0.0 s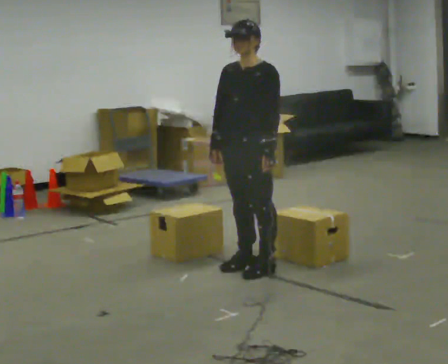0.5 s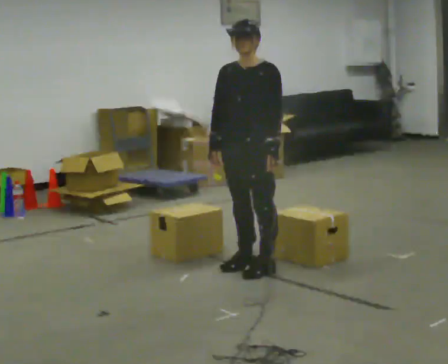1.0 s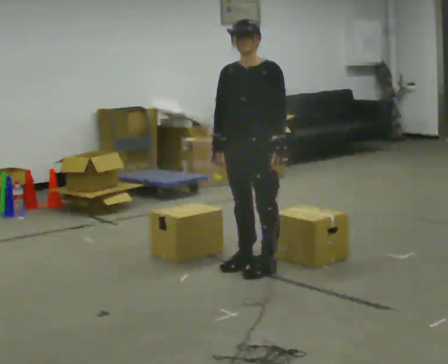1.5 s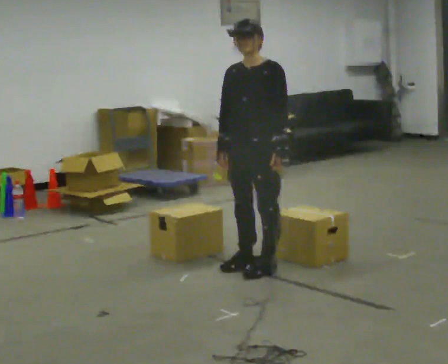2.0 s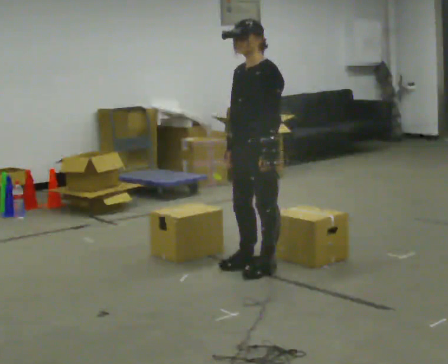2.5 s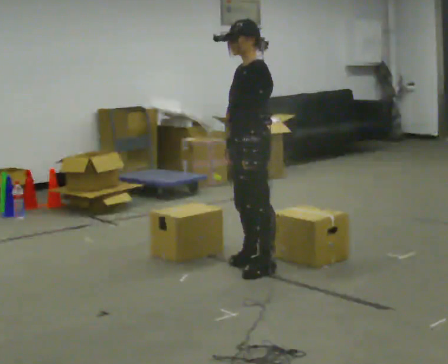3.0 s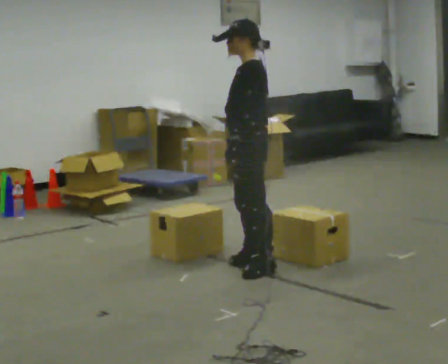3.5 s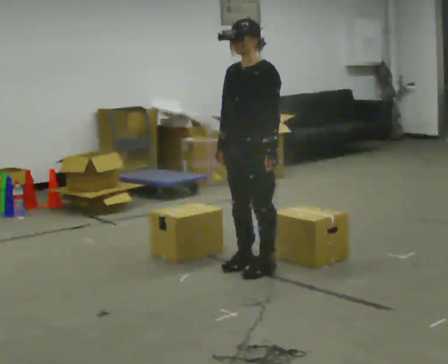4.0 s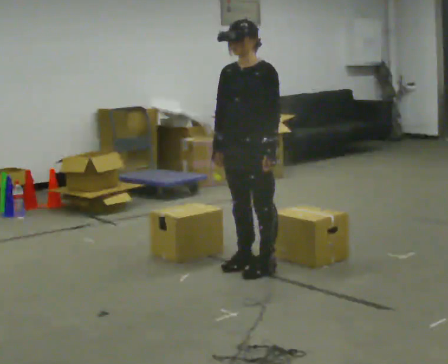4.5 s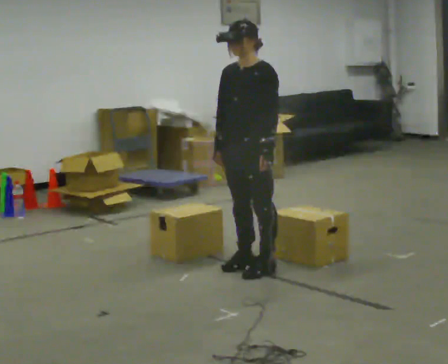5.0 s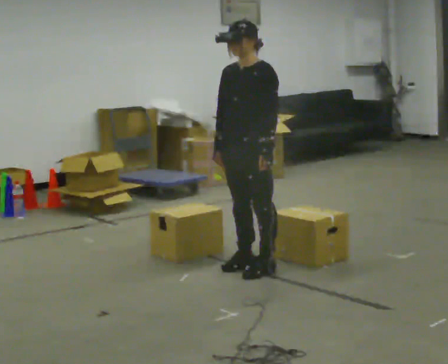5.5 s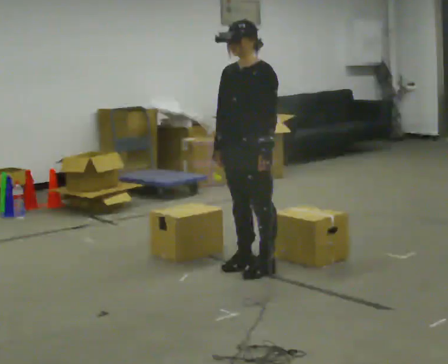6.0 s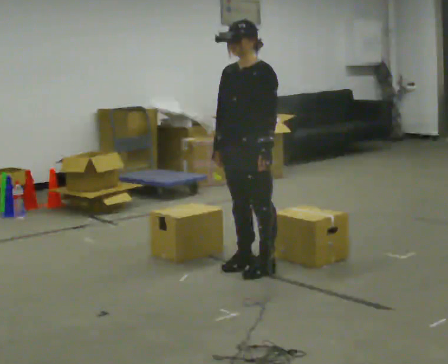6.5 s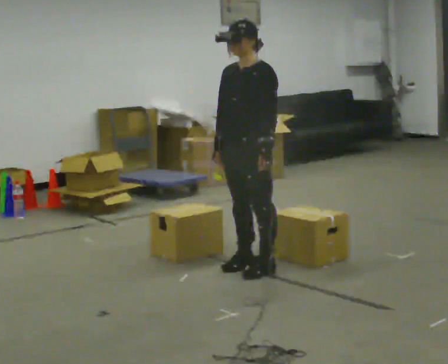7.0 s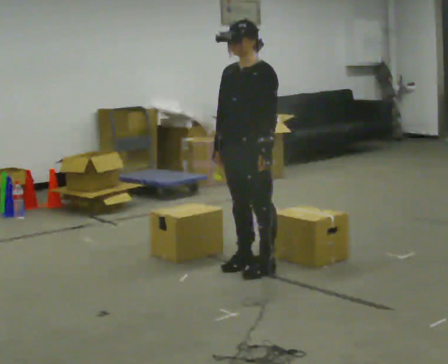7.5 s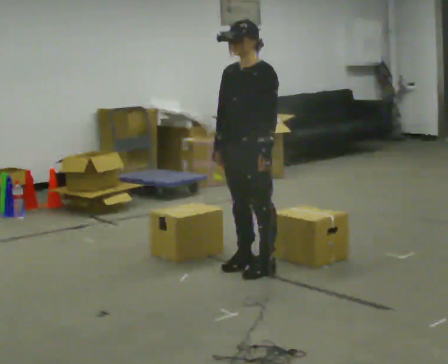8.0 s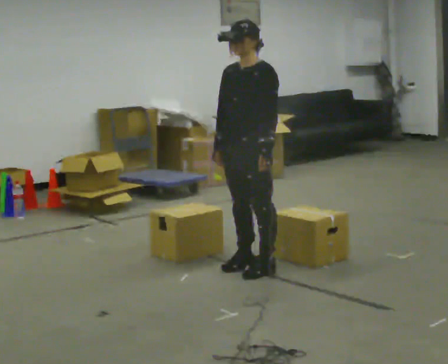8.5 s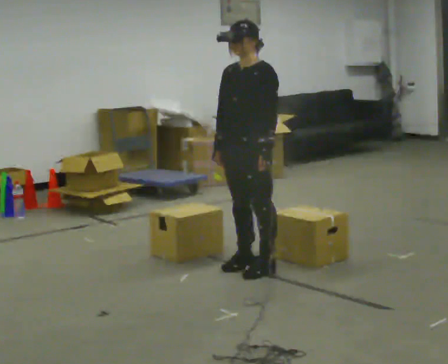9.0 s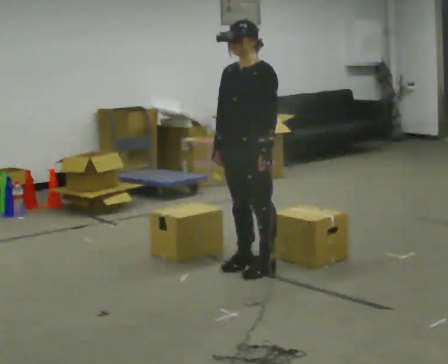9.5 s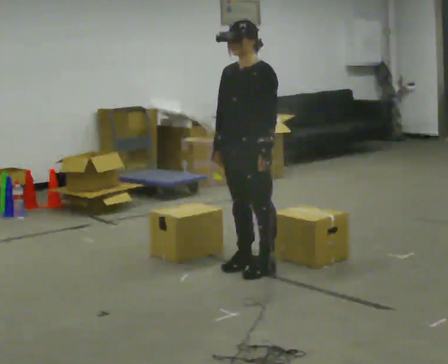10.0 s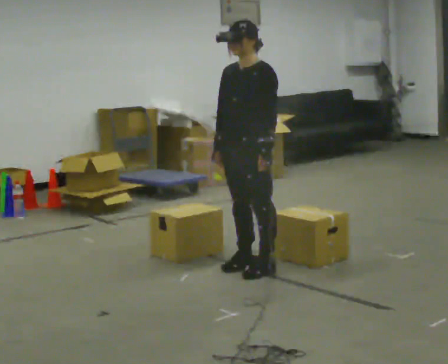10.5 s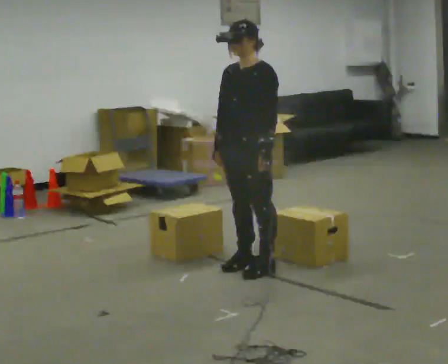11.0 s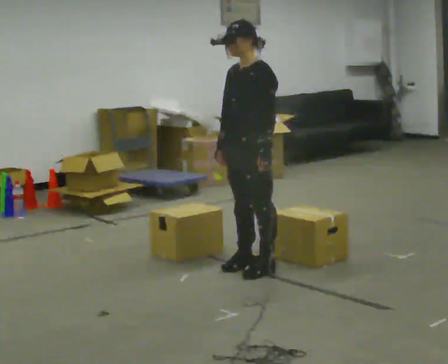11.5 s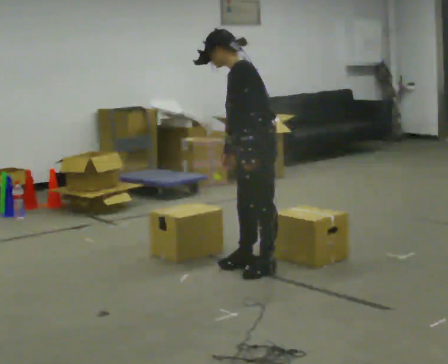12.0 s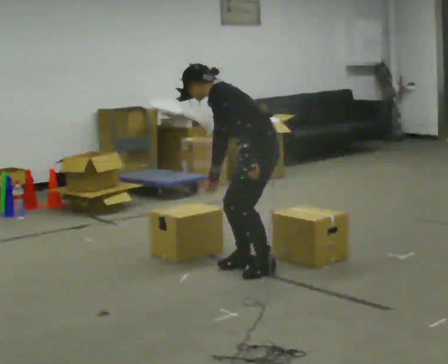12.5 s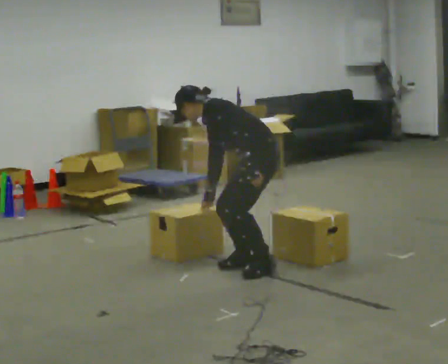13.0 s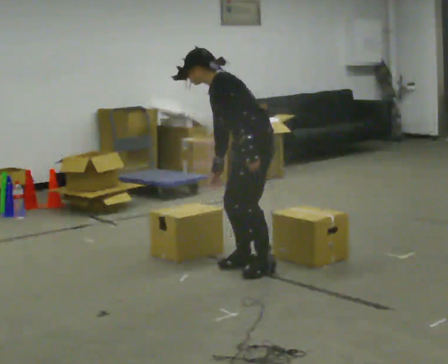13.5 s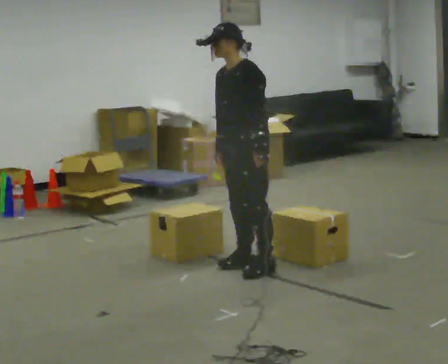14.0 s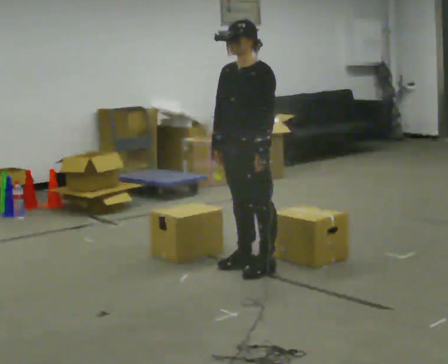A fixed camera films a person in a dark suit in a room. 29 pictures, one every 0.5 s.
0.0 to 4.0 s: The person moves a little, or ends about where they began.
4.0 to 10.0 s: The person keeps their place and pose.
10.0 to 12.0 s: The part of the body nearest the lens slides to the left as the person turns to their right by about 45 degrees. The shoulders move downward. In the picture the upper body tilts counterclockwise, shoulders to the left, as they bend forward.
12.0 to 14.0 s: The part of the body nearest the lens slides to the right as the person turns to their left by about 45 degrees. In the picture the upper body tilts clockwise, shoulders to the right, as they lean back or straighten.
The film runs forward here.
